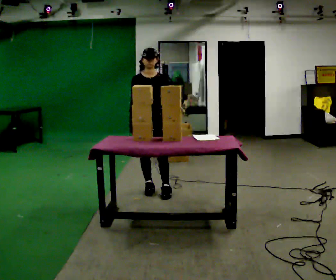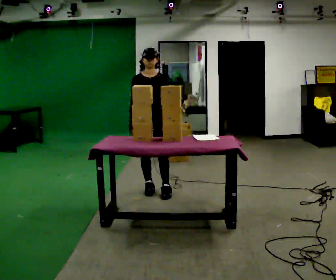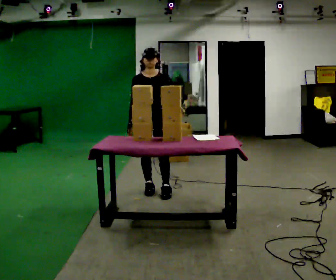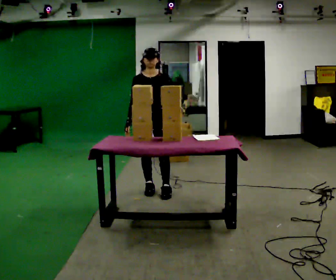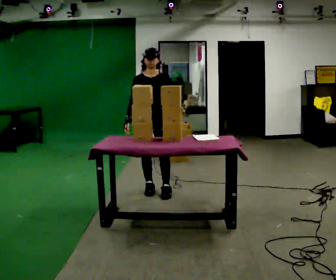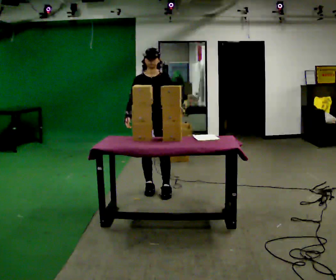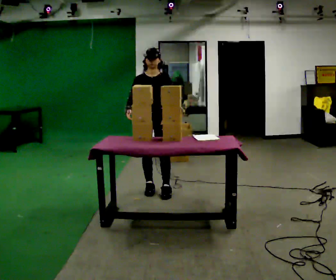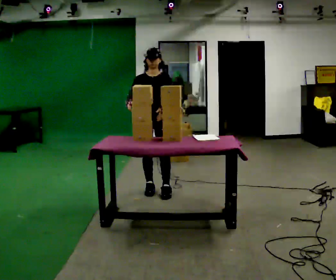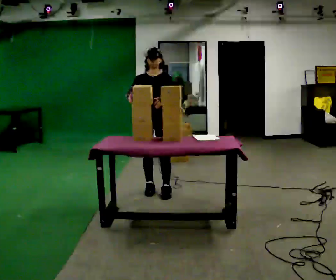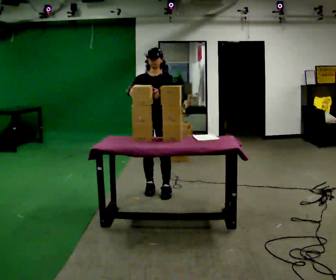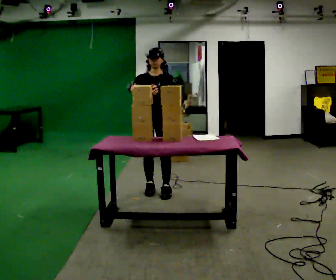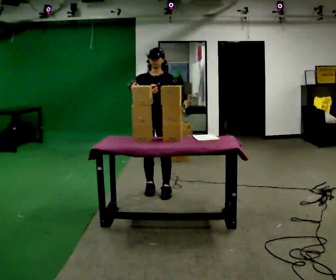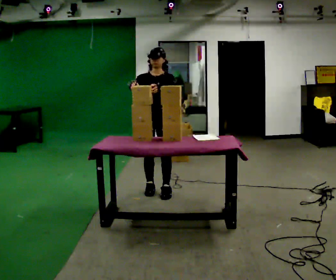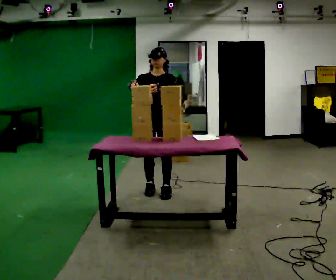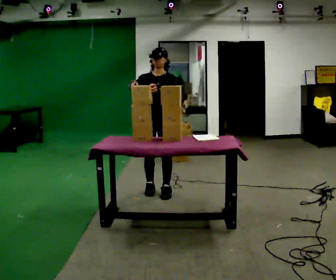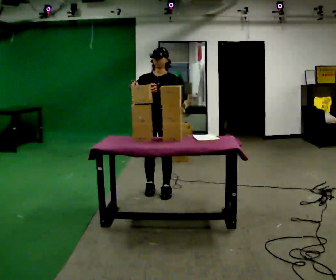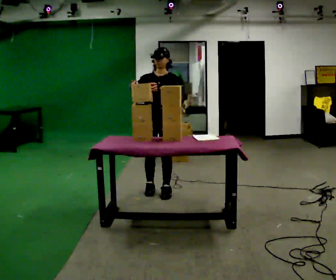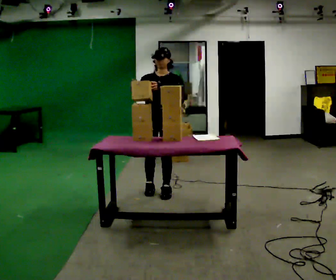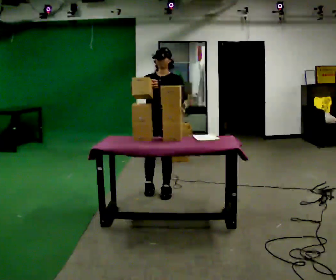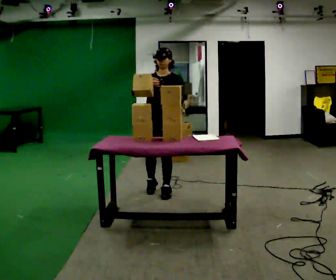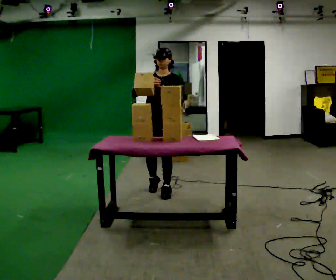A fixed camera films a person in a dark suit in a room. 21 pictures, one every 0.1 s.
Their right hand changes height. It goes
upward.
Their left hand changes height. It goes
upward.
0.0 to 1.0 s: In the picture their left hand goes upward.
1.0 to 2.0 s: The person moves a little, or ends about where they began.
The film runs backward here.
